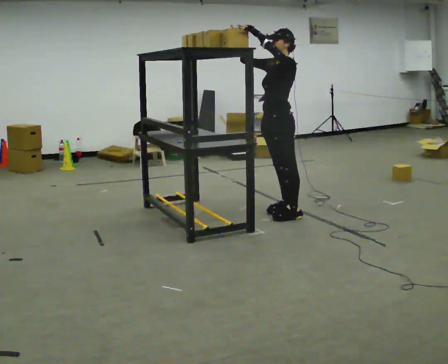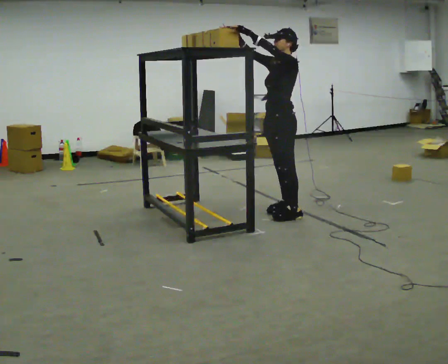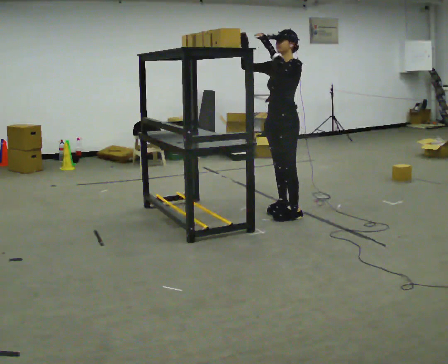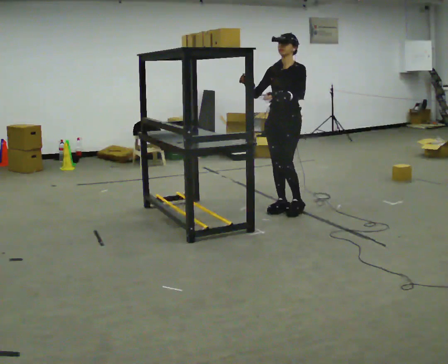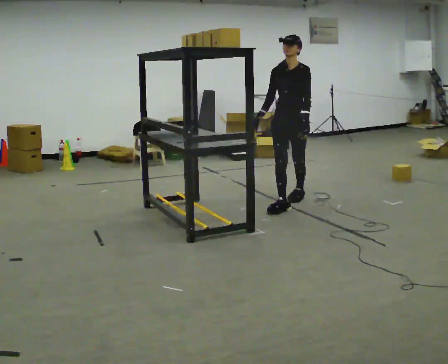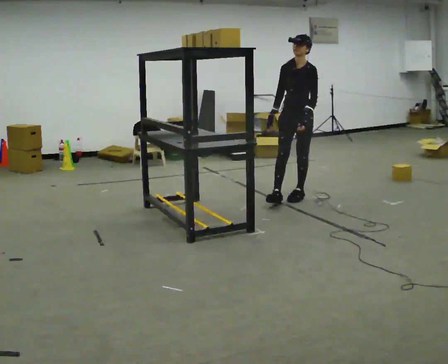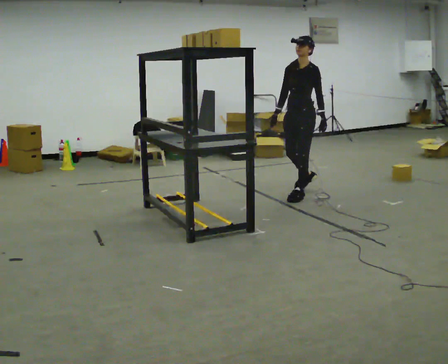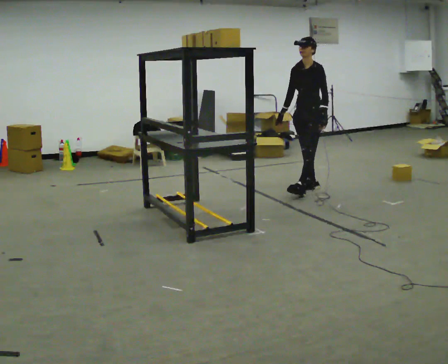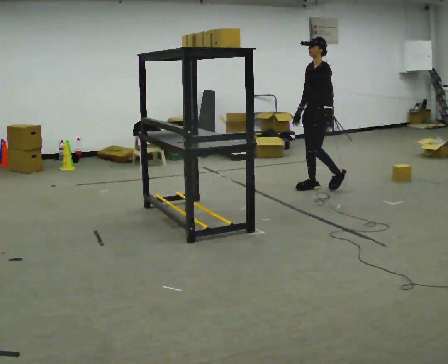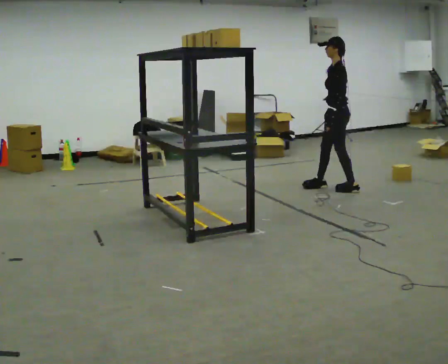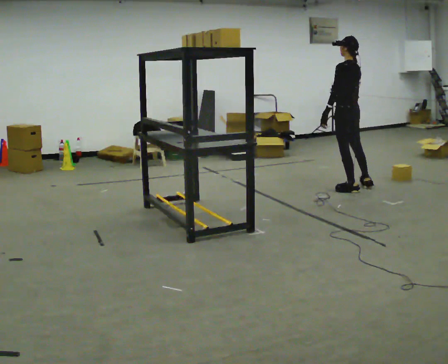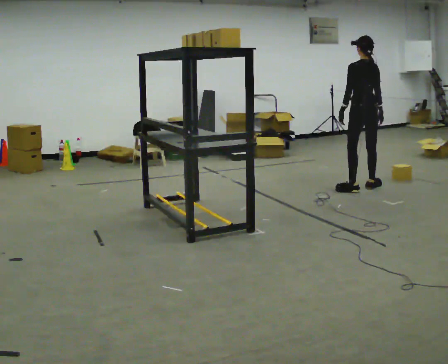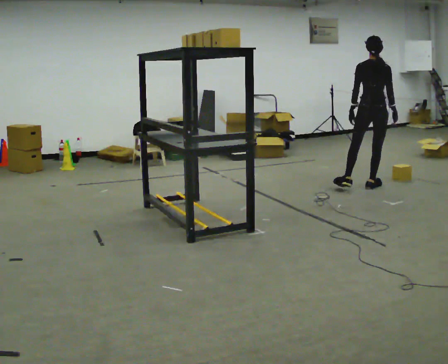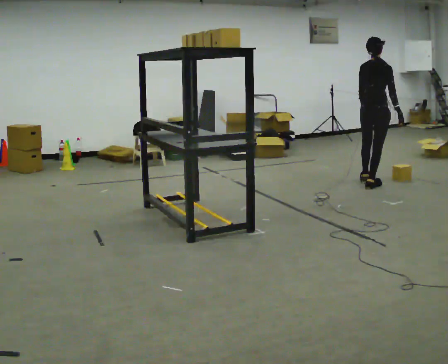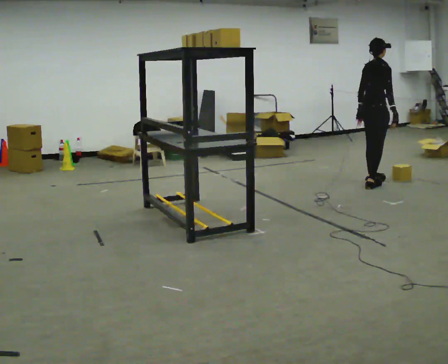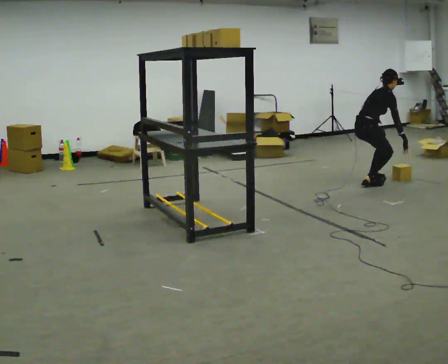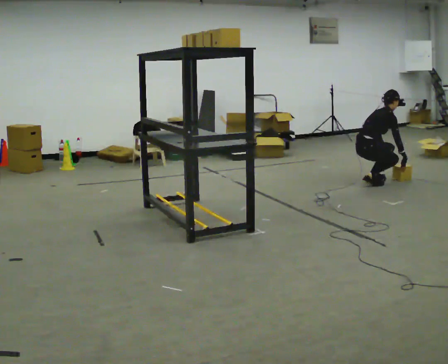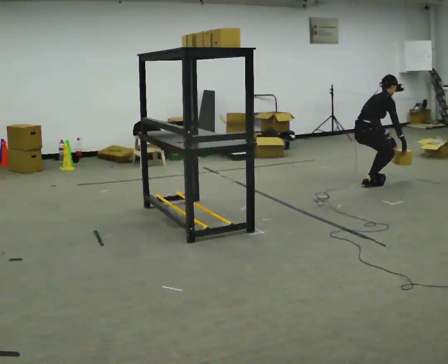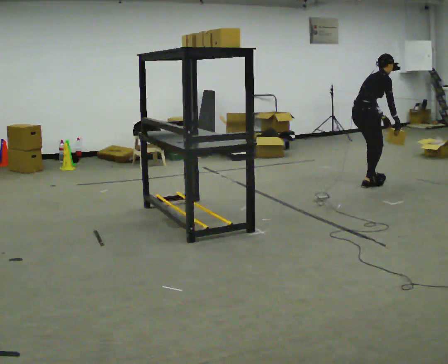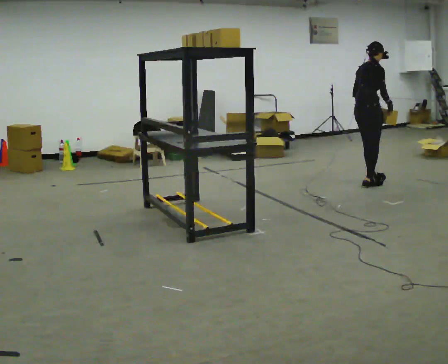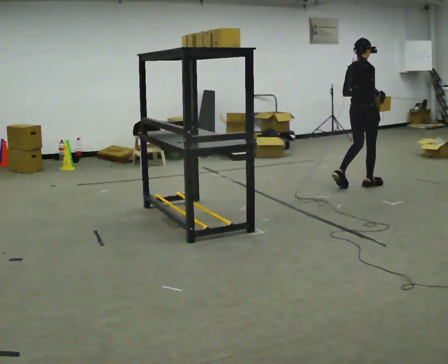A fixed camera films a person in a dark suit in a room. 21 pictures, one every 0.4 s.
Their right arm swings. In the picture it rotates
counterclockwise.
0.0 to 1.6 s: Seen from above the body turns counterclockwise, about 45 degrees: to their left, with its near side sliding to the right. In the picture they go away from the camera, about 0.5 m in 1 step, which for them is to their right and backward. In the picture their left hand goes downward.
1.6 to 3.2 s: Seen from above the body turns clockwise, about 45 degrees: to their right, with its near side sliding to the left. In the picture they go away from the camera, about 0.75 m in 2 steps, which for them is backward and to their right.
3.2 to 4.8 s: Seen from above the body turns clockwise, about 135 degrees: to their right, with its near side sliding to the left. In the picture they go to the right, about 0.5 m in 2 steps.
4.8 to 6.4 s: Seen from above the body turns clockwise, about 45 degrees: to their right, with its near side sliding to the left. In the picture they go away from the camera, about 0.25 m, which for them is to their left. The shoulders move downward. In the picture the upper body tilts clockwise, shoulders to the right, as they bend forward. In the picture their left hand goes downward and to the right.
6.4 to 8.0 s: The shoulders move upward. In the picture the upper body tilts counterclockwise, shoulders to the left, as they lean back or straighten. In the picture their left hand goes upward and to the left.
The film runs backward here.
